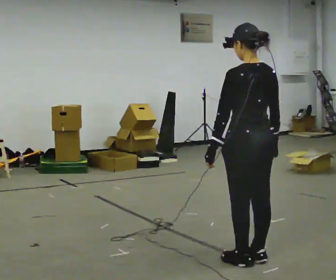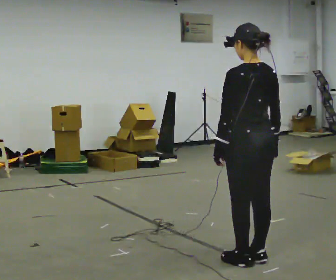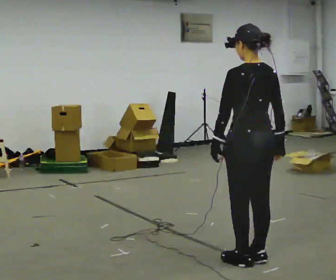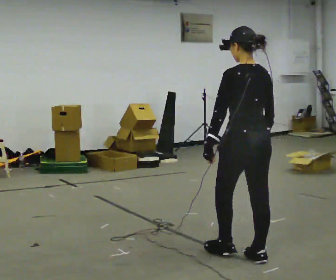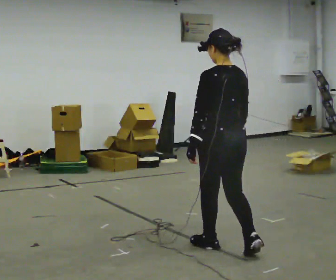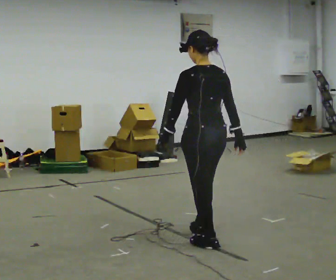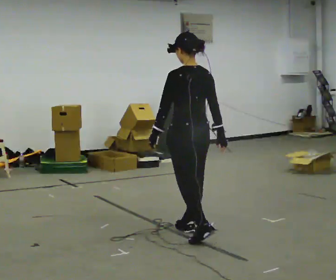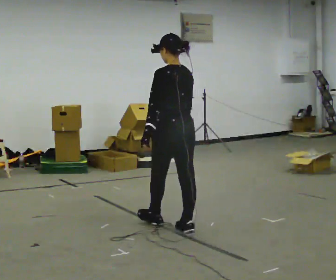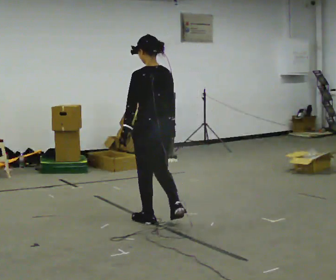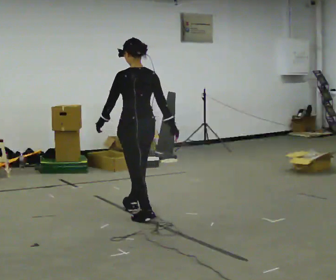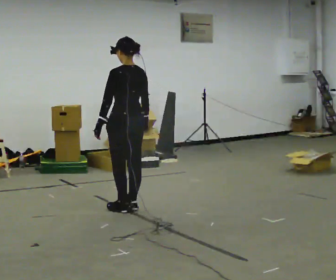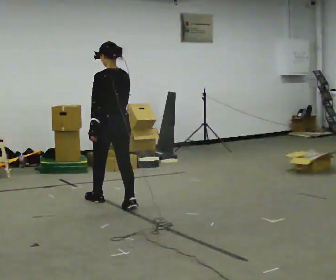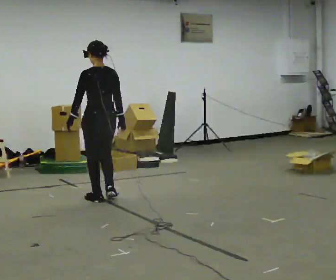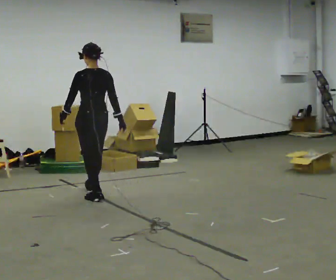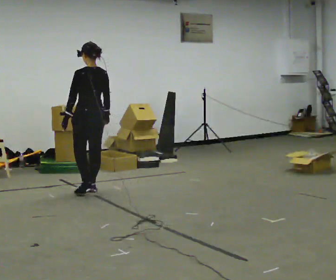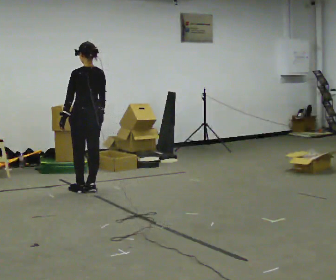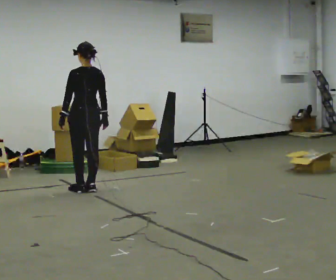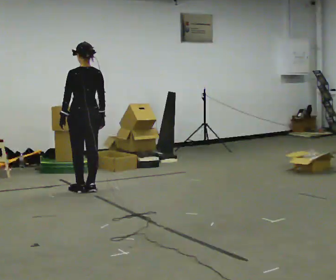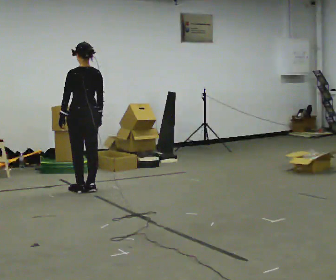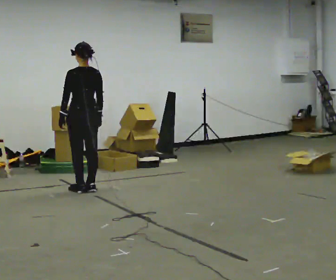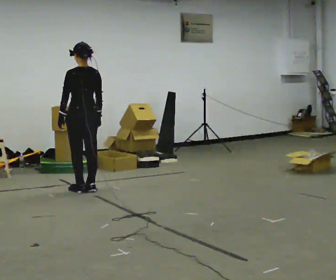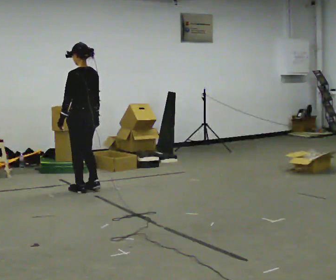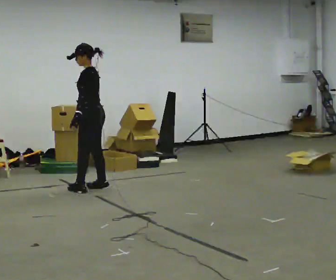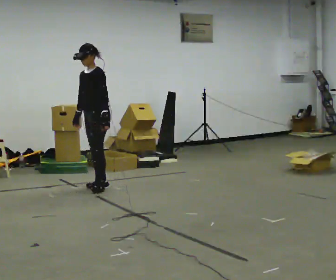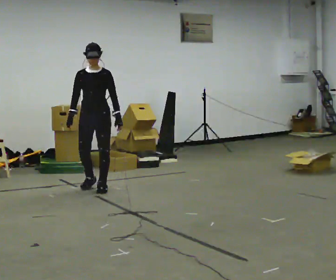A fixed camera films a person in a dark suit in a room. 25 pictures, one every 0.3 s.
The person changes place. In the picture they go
away from the camera.
0.0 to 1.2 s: In the picture they go away from the camera, about 0.25 m in 1 step, which for them is forward.
1.2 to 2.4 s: In the picture they go away from the camera and to the left, about 1 m in 2 steps, which for them is forward.
2.4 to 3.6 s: In the picture they go away from the camera and to the left, about 1 m in 2 steps, which for them is forward.
3.6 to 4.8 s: In the picture they go away from the camera, about 0.5 m in 2 steps, which for them is forward.
4.8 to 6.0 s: The person moves a little, or ends about where they began.
6.0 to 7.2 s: The part of the body nearest the lens slides to the right as the person turns to their left by about 150 degrees. In the picture their left hand goes to the right, the arm swinging counterclockwise.
The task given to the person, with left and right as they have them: Walk forward with your feet closer together than normal, or further apart than normal, as the operator states; stop.
The film runs forward here.
